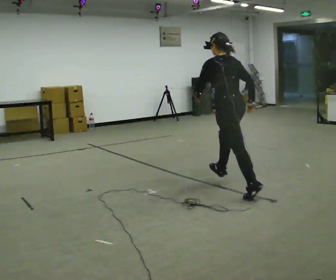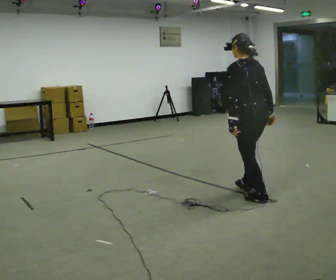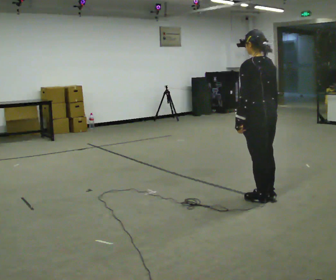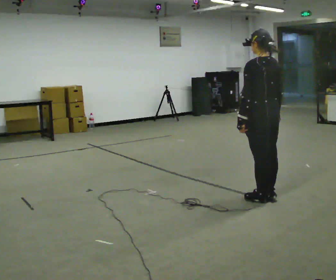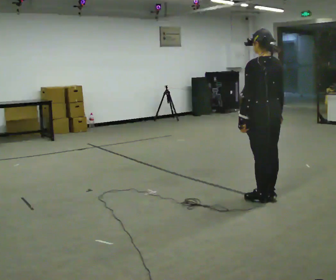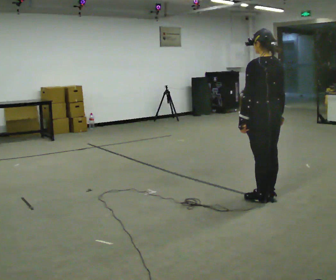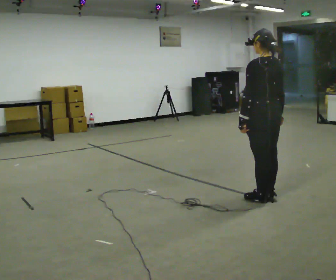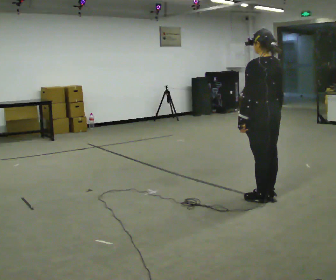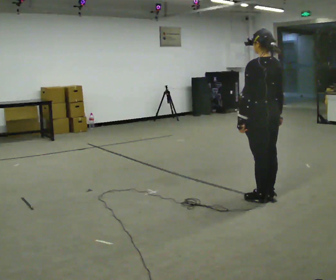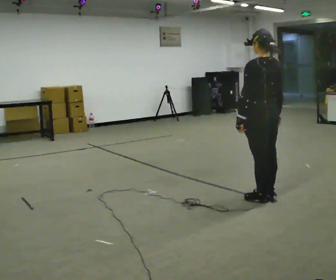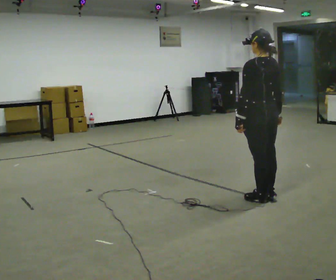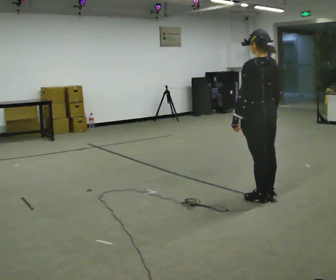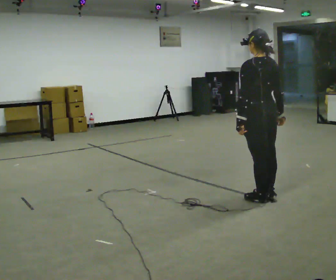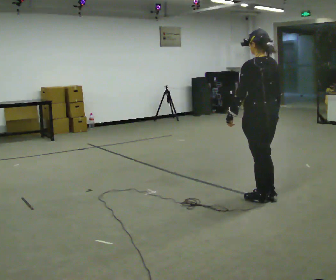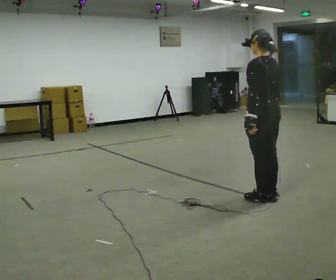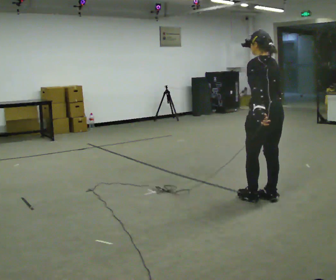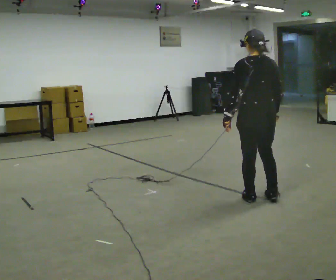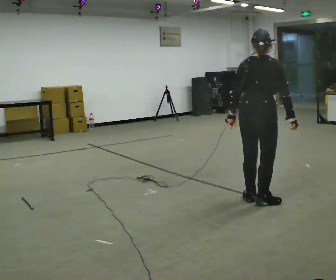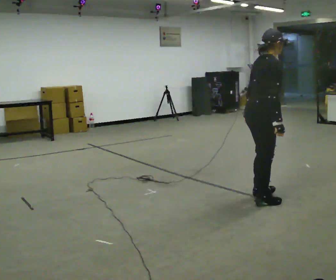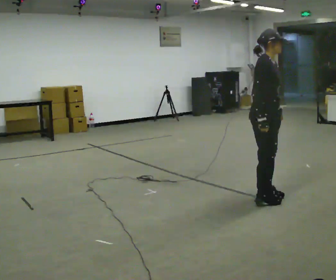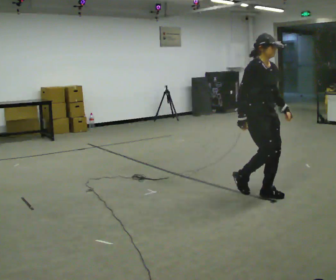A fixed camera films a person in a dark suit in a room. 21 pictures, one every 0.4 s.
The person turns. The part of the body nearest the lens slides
to the left.
The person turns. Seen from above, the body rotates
clockwise.
0.0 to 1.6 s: In the picture they go to the right and toward the camera, about 0.5 m, which for them is backward.
1.6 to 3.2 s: The person keeps their place and pose.
3.2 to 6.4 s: The person moves a little, or ends about where they began.
6.4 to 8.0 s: Seen from above the body turns clockwise, about 150 degrees: to their right, with its near side sliding to the left. In the picture they go away from the camera, about 0.25 m in 2 steps. In the picture their left hand goes to the right, the arm swinging counterclockwise.
The film runs backward here.
